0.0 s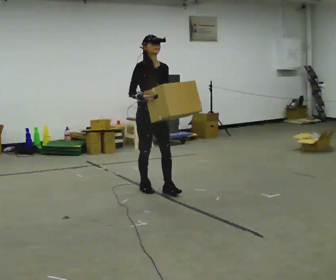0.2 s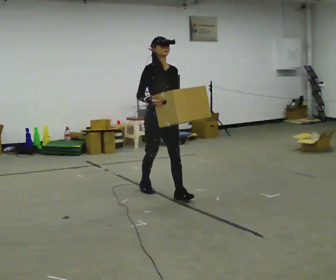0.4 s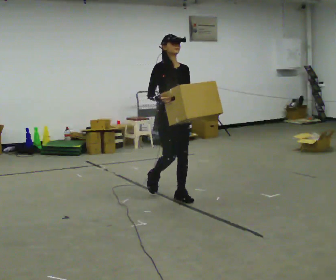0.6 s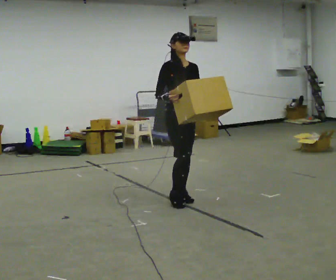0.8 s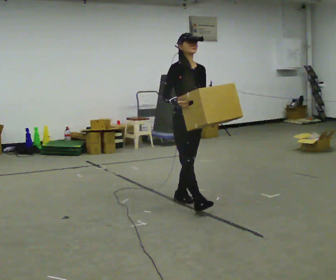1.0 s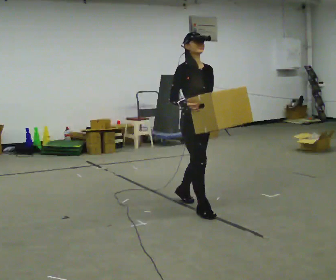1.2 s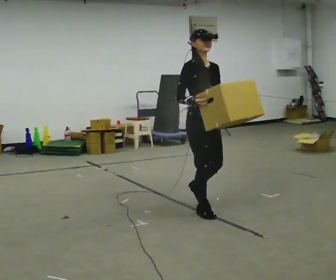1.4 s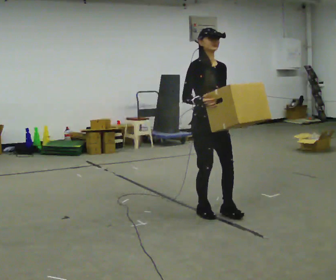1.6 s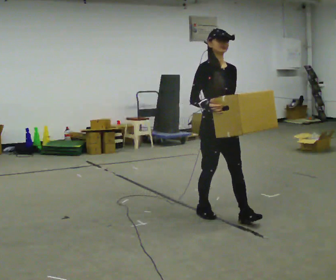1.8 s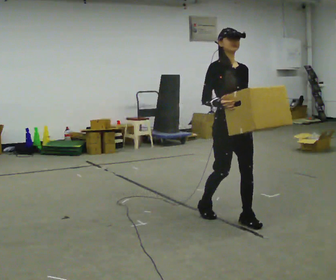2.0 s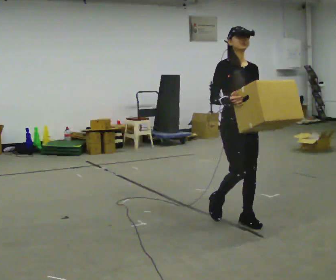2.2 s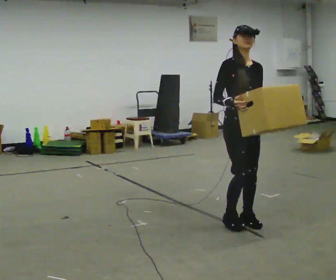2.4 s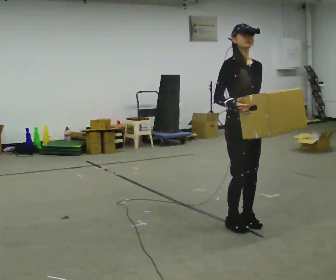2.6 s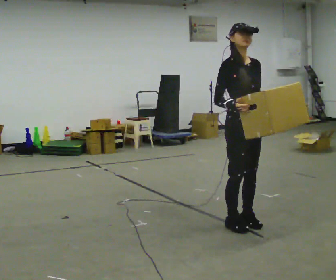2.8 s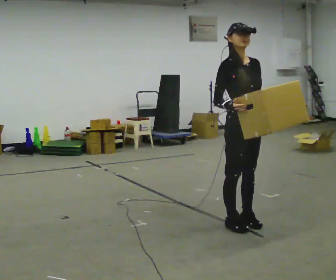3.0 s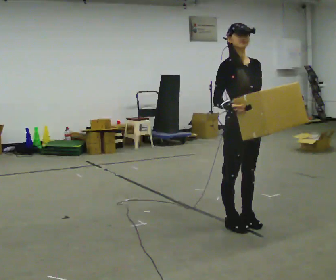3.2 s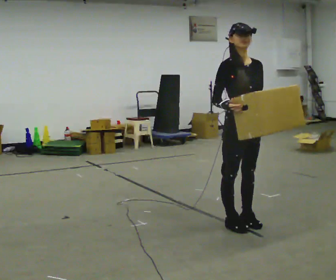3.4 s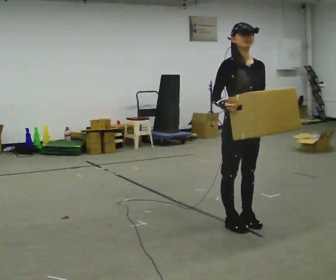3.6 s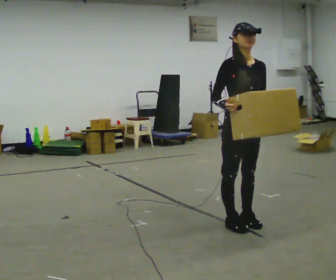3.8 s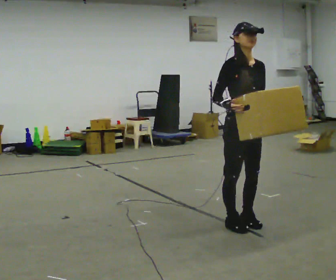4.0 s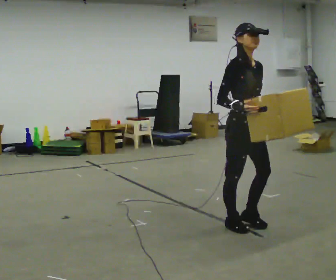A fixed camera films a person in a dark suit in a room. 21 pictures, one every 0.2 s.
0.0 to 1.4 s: In the picture they go to the right and toward the camera, about 1 m in 2 steps, which for them is forward.
1.4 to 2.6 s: In the picture they go to the right and toward the camera, about 0.5 m in 2 steps, which for them is forward.
2.6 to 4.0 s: The person moves a little, or ends about where they began.
The film runs forward here.
